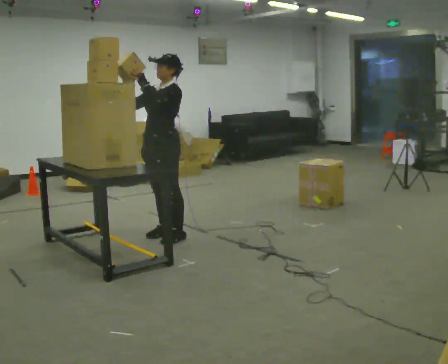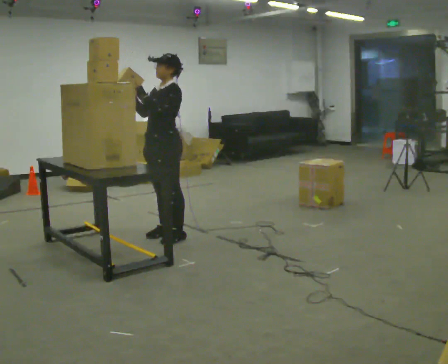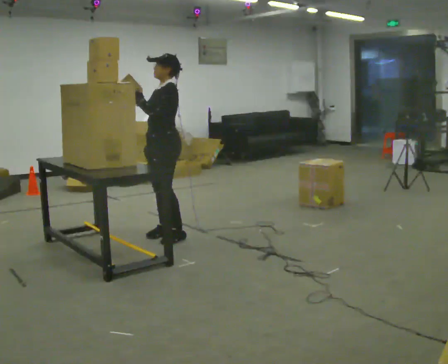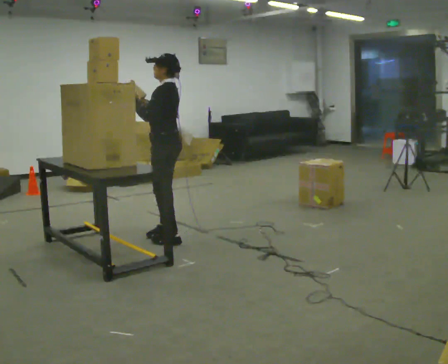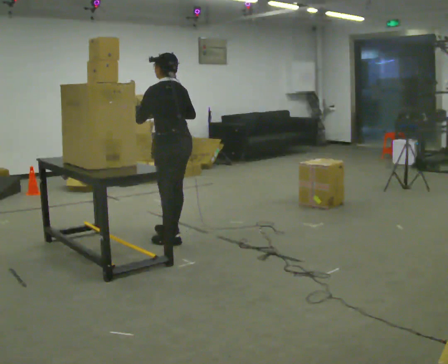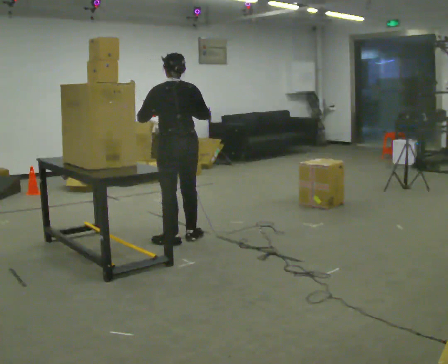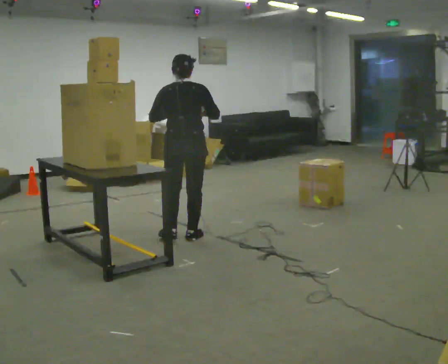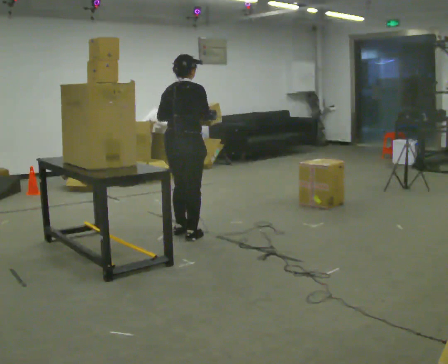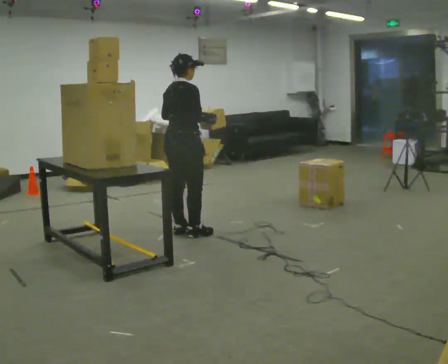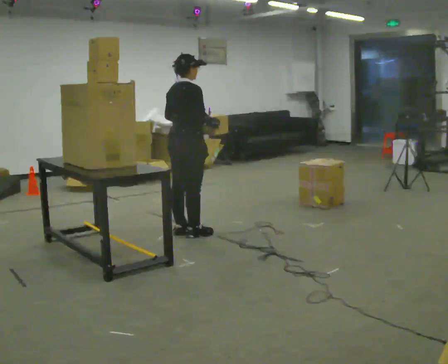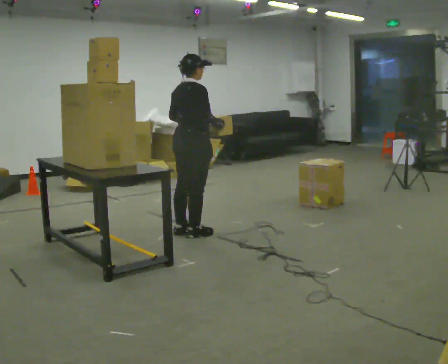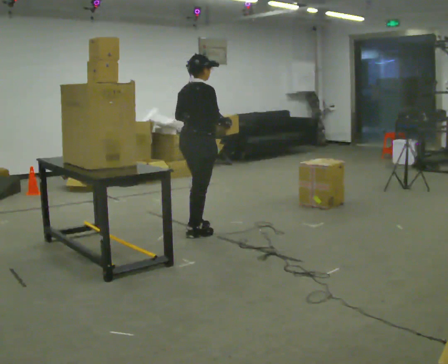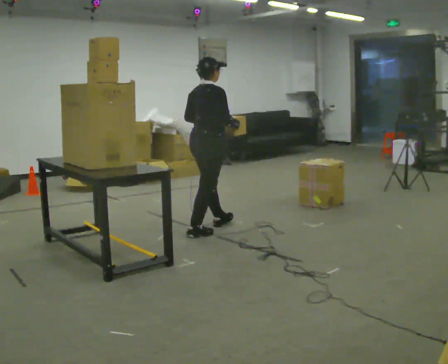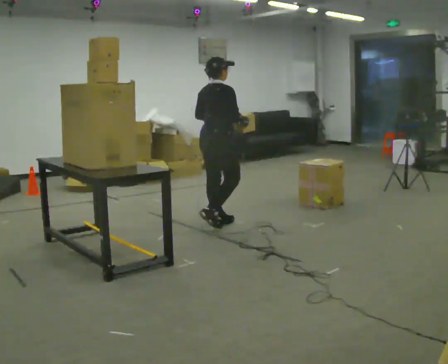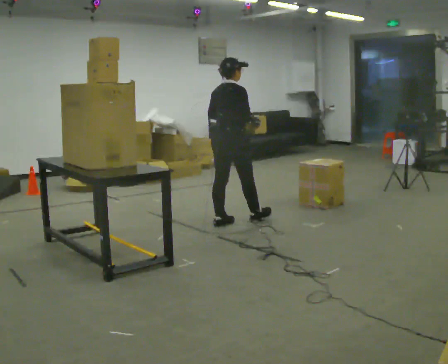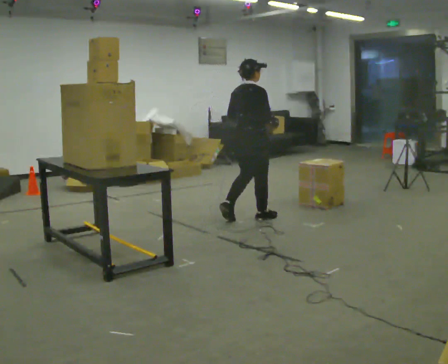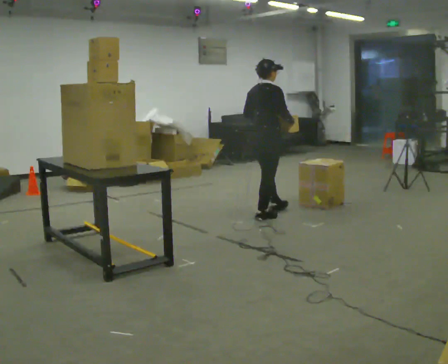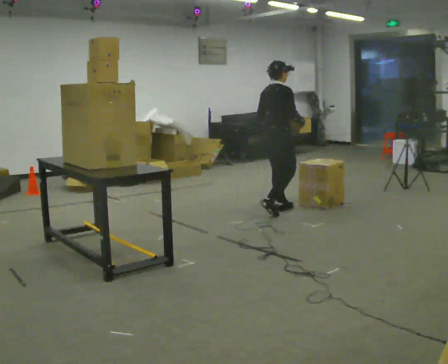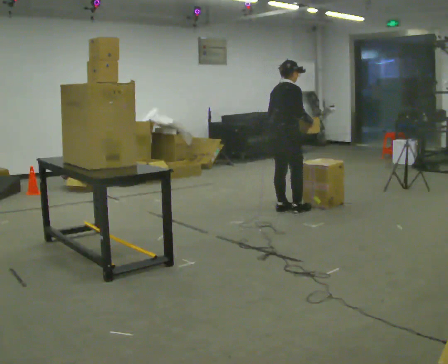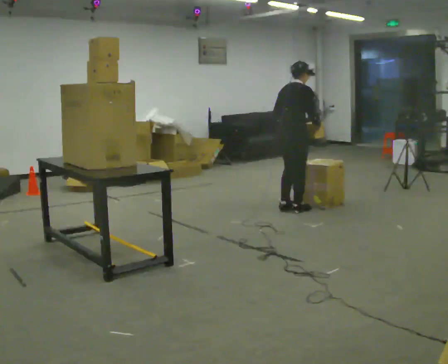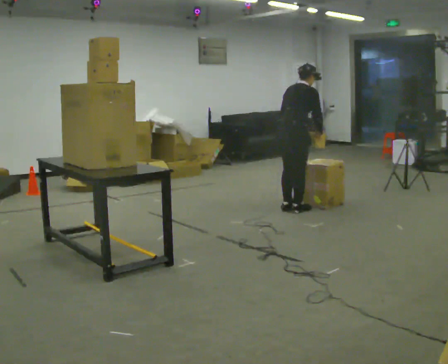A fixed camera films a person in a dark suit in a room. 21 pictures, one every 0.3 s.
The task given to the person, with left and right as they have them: Take an object from the waist-height shelf, carry it across the room, and place it on the highest shelf you can comfortably reach. Keep going until the operator says stop; one object at a time, and do not rush between trips.
0.0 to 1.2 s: The part of the body nearest the lens slides to the left as the person turns to their right by about 75 degrees. In the picture their right hand goes to the right.
1.2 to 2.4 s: Seen from above the body turns clockwise, about 105 degrees: to their right, with its near side sliding to the left. In the picture they go away from the camera, about 0.25 m in 2 steps. In the picture their left hand goes to the right.
2.4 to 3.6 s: In the picture they go to the right, about 0.25 m in 1 step, which for them is forward.
3.6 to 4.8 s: In the picture they go to the right and away from the camera, about 1 m in 1 step, which for them is forward.
4.8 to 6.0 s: In the picture they go to the right and away from the camera, about 0.25 m in 2 steps, which for them is forward. In the picture the upper body tilts clockwise, shoulders to the right, as they bend forward.
The film runs forward here.
